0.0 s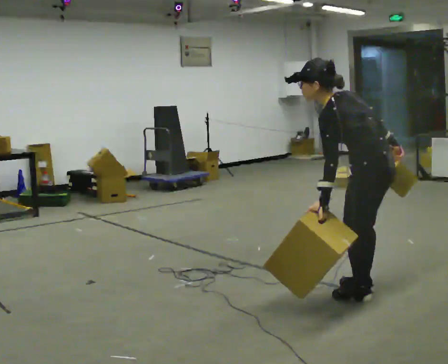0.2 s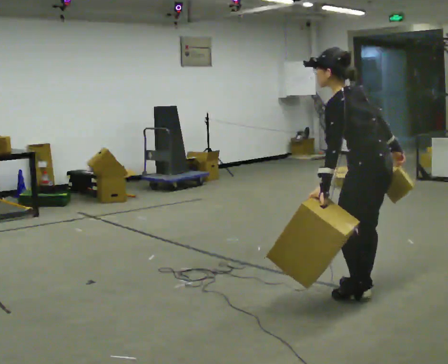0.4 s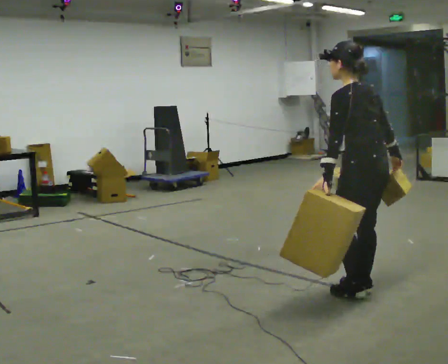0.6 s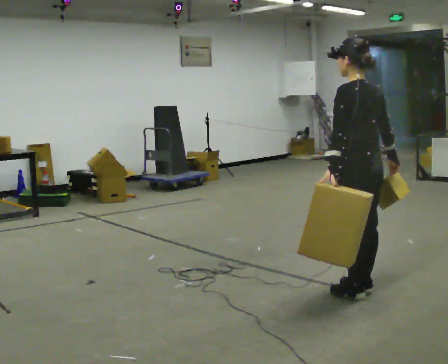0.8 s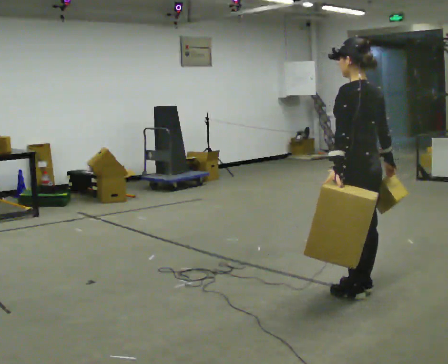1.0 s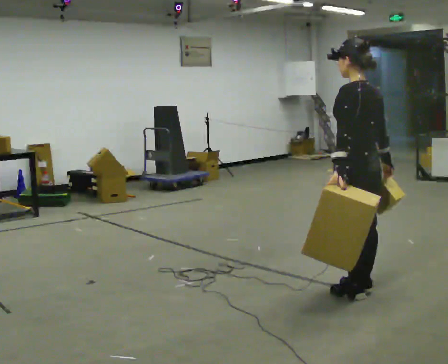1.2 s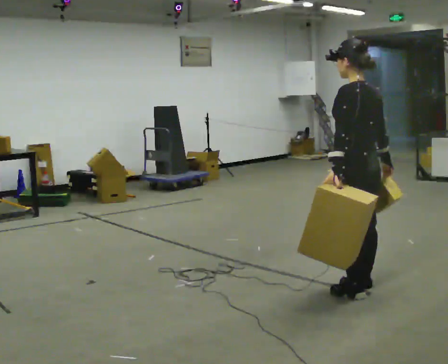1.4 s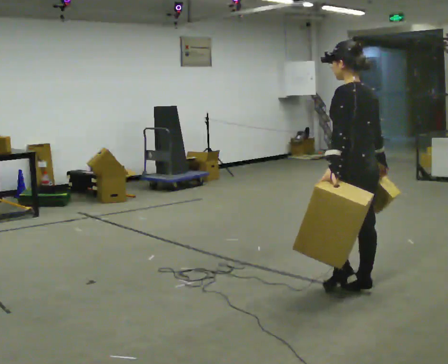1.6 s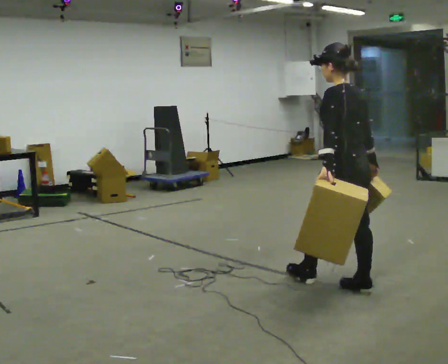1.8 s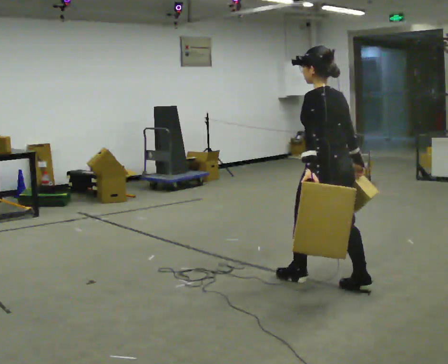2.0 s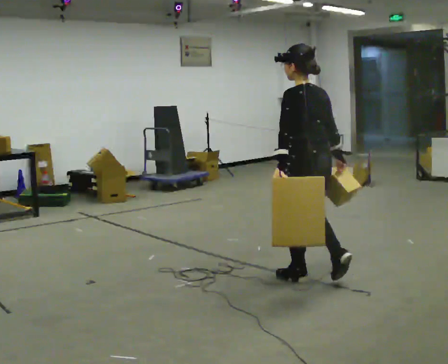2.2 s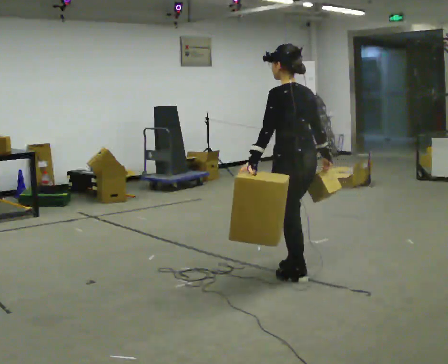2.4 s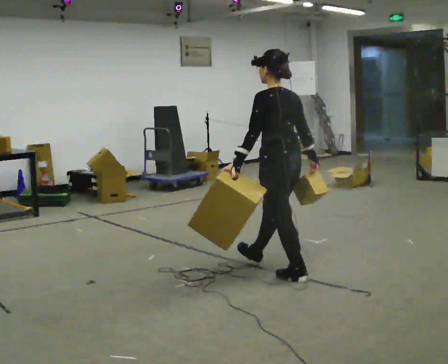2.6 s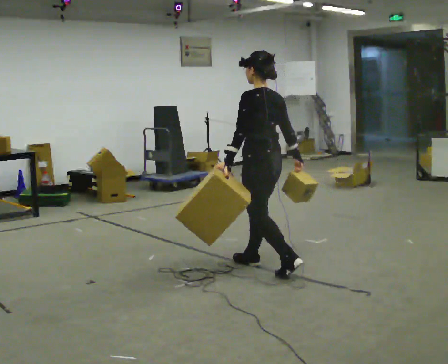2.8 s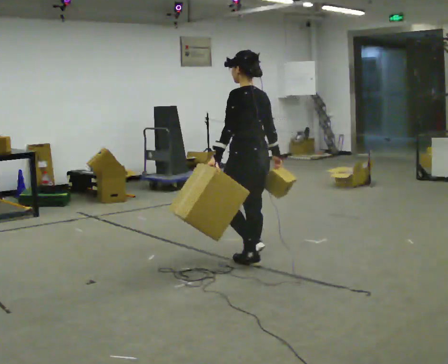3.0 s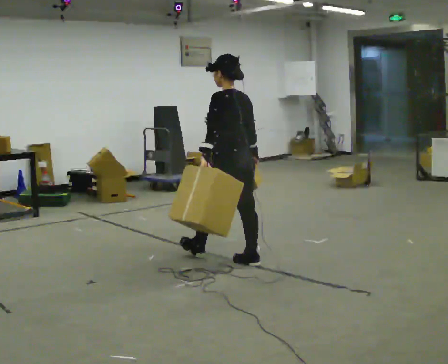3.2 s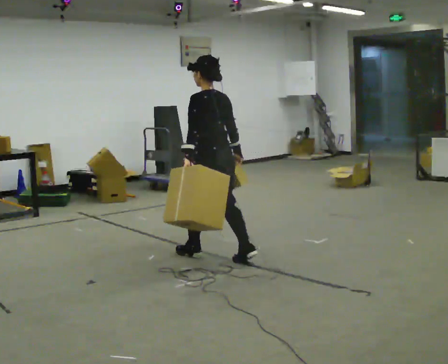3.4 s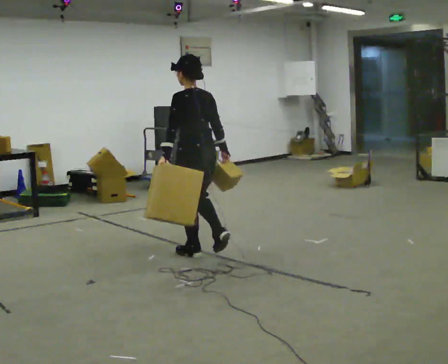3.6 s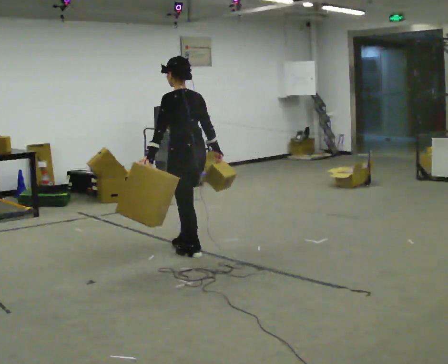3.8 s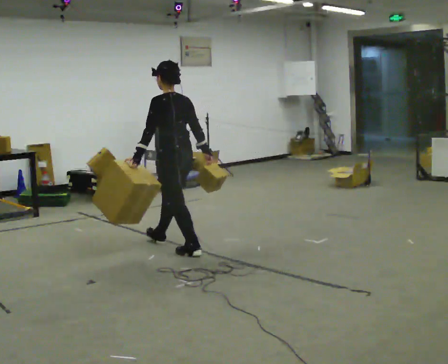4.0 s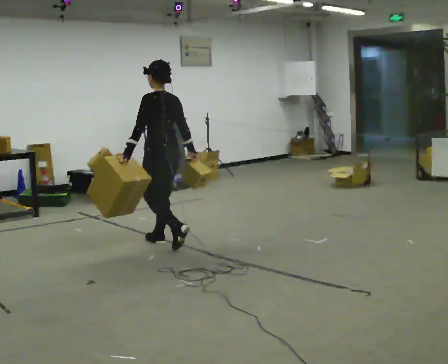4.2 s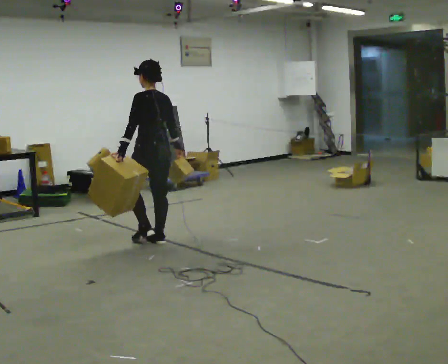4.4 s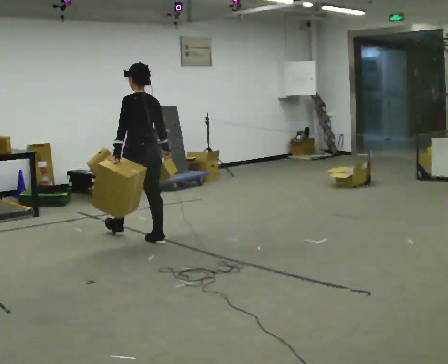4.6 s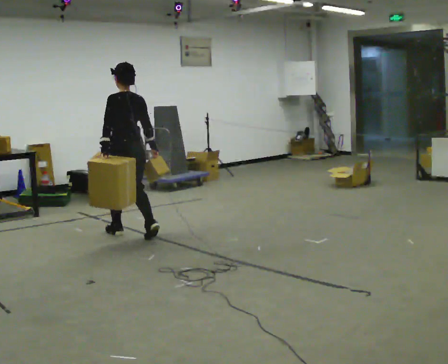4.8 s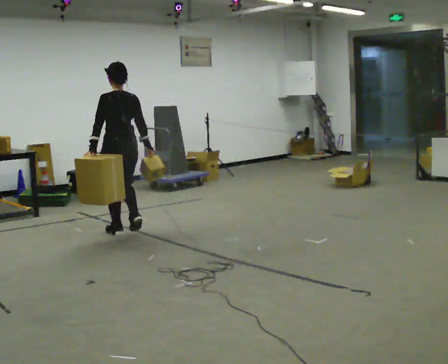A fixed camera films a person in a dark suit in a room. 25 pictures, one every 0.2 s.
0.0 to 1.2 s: In the picture the upper body tilts clockwise, shoulders to the right, as they lean back or straighten.
1.2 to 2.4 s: In the picture they go to the left and away from the camera, about 0.75 m in 1 step, which for them is forward.
2.4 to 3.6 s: In the picture they go to the left and away from the camera, about 1 m in 2 steps, which for them is forward.
3.6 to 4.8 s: In the picture they go to the left and away from the camera, about 1 m in 2 steps, which for them is forward.
The film runs forward here.
